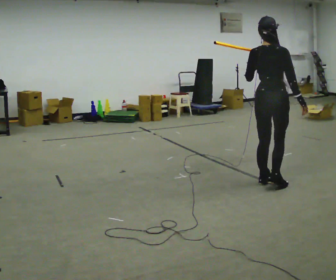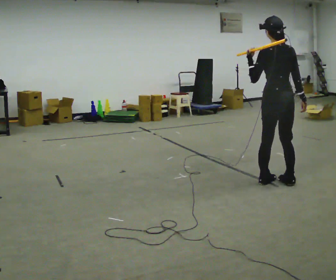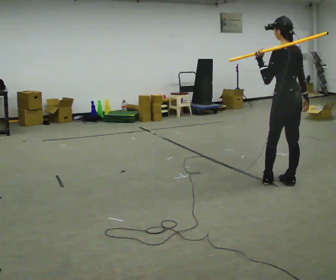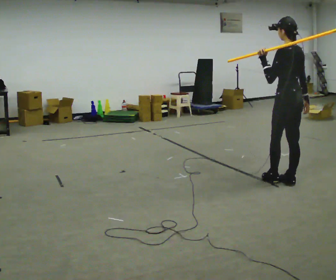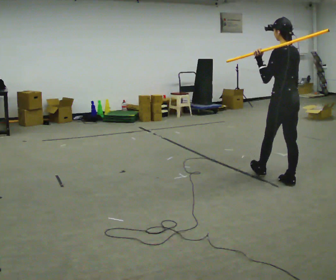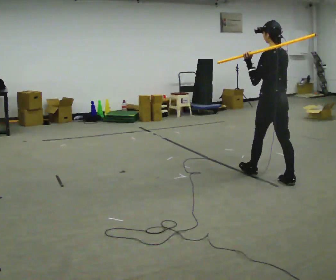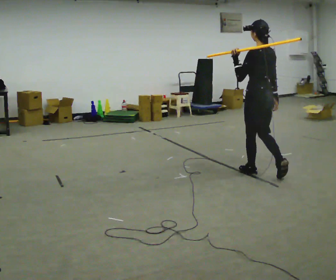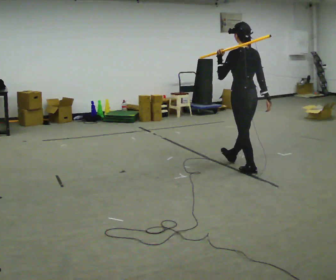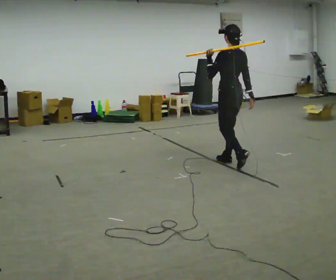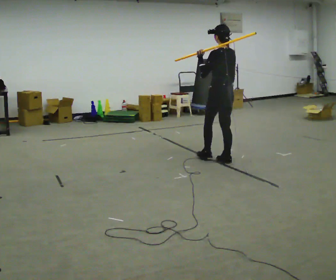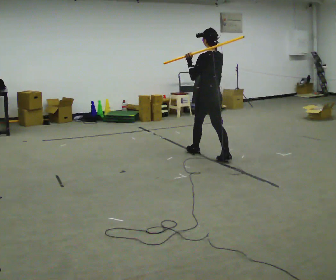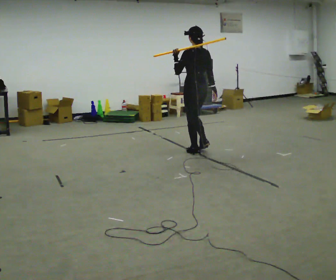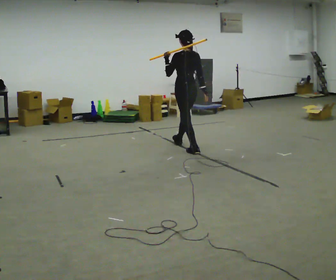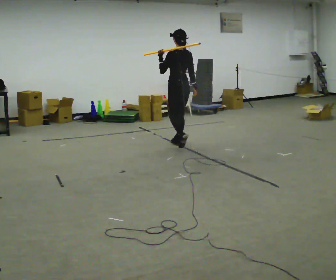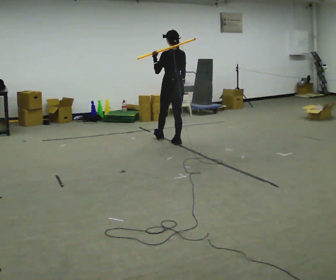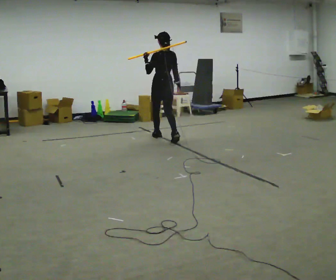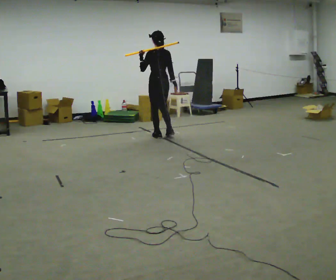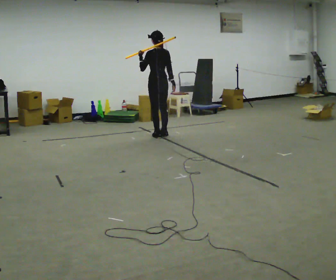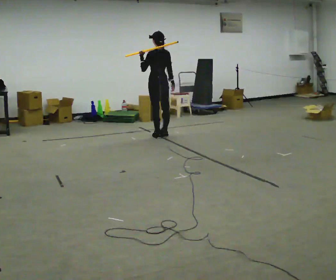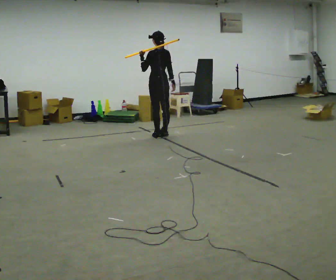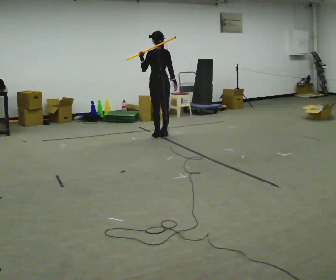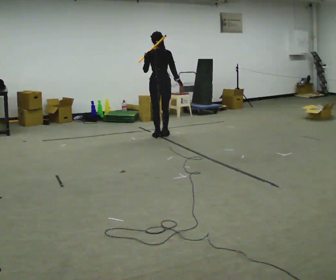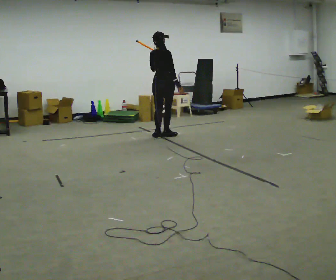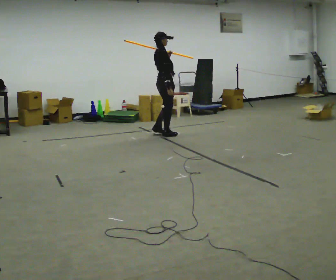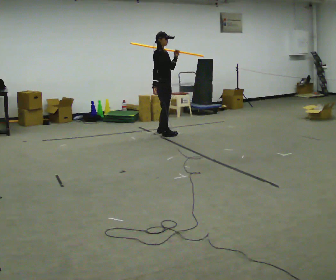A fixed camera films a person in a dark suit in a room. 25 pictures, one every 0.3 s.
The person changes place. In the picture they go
away from the camera.
0.0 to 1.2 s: The part of the body nearest the lens slides to the right as the person turns to their left by about 45 degrees.
1.2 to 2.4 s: In the picture they go away from the camera and to the left, about 1 m in 2 steps, which for them is forward.
2.4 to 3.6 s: In the picture they go away from the camera and to the left, about 1 m in 2 steps, which for them is forward.
3.6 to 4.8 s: In the picture they go away from the camera and to the left, about 0.5 m in 1 step, which for them is forward.
4.8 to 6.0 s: The person moves a little, or ends about where they began.
6.0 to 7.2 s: The person turns about 150 degrees to their right, clockwise seen from above, so the part of the body nearest the lens slides to the left. In the picture they go away from the camera, about 0.25 m in 1 step. In the picture their right hand goes to the left.
The film runs forward here.
